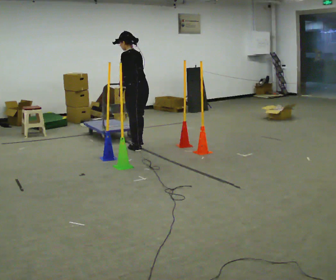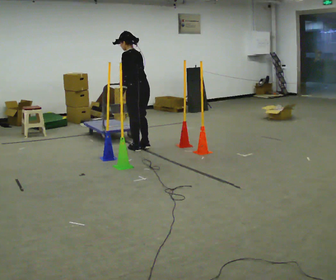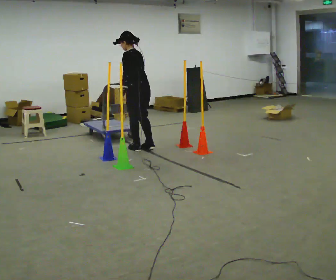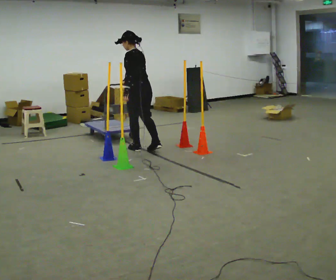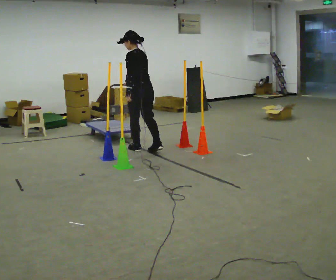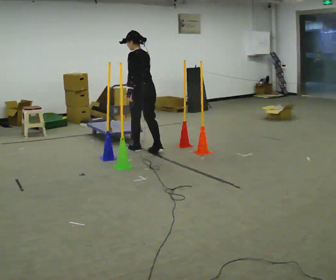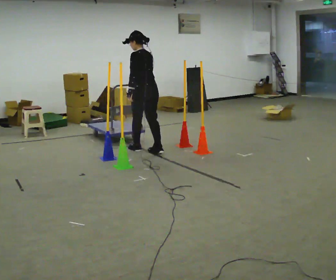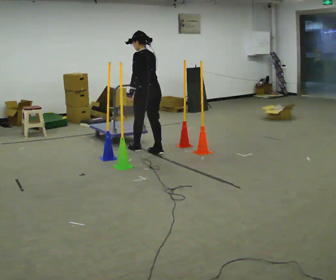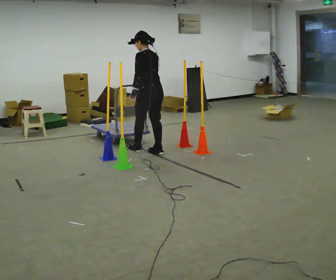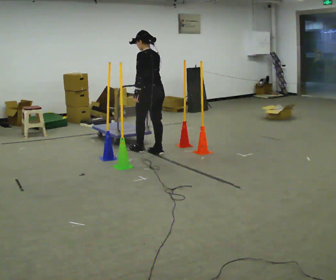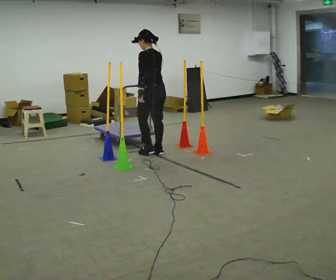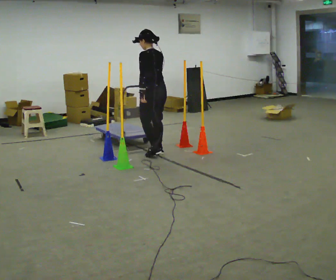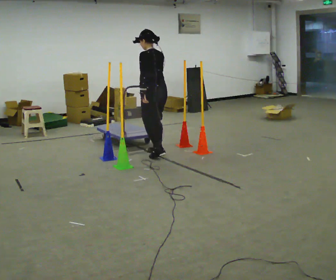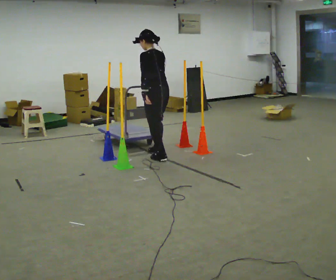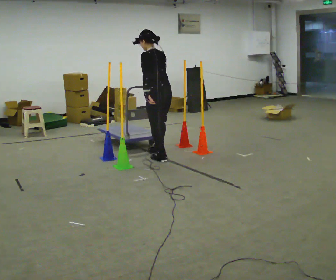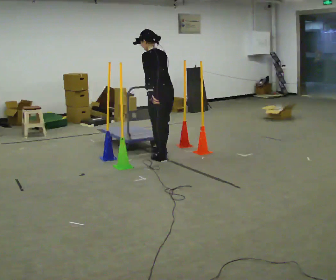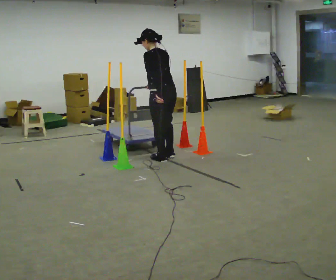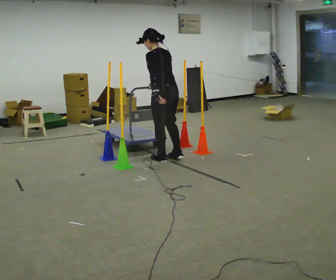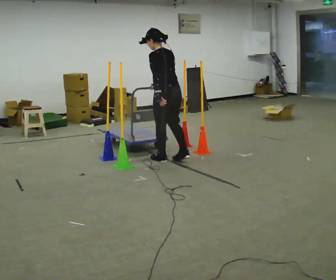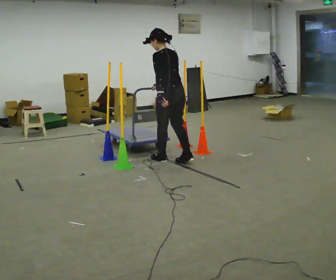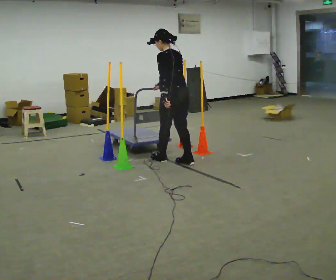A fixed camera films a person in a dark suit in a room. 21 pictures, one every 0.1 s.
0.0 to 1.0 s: In the picture they go toward the camera and to the right, about 0.25 m in 1 step, which for them is backward.
1.0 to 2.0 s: In the picture they go toward the camera and to the right, about 0.5 m in 2 steps, which for them is backward.
The film runs forward here.
